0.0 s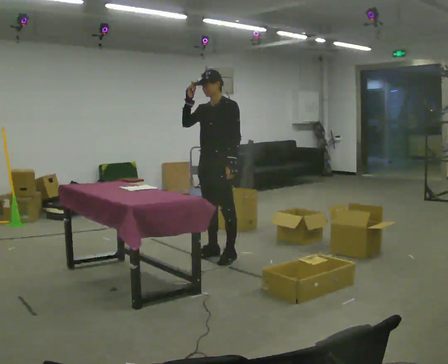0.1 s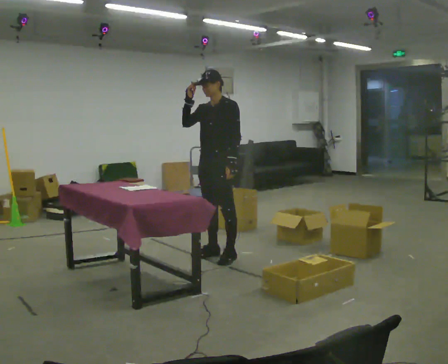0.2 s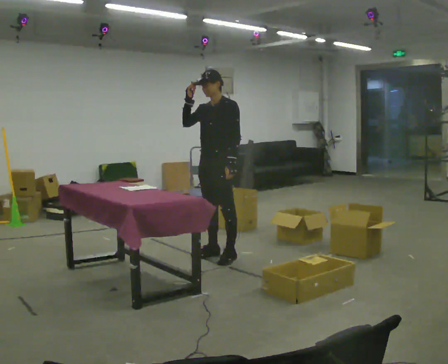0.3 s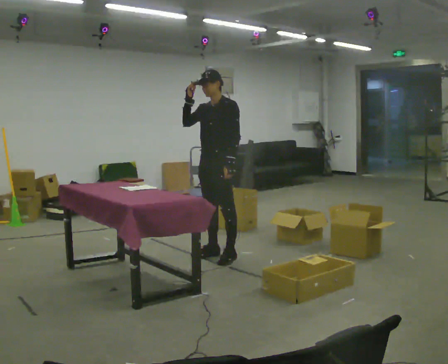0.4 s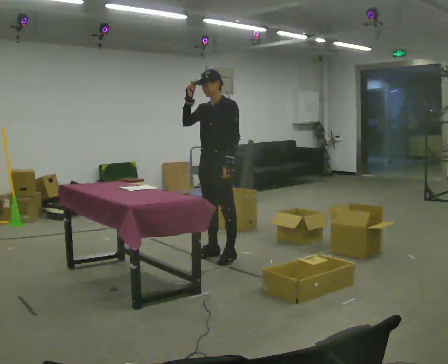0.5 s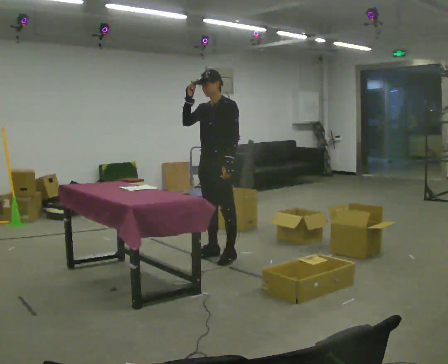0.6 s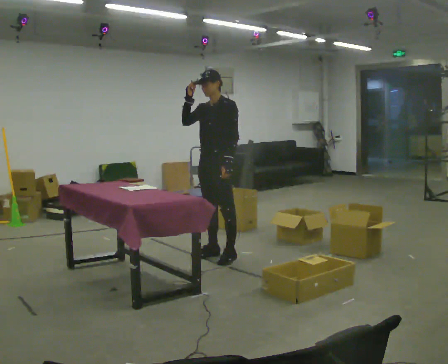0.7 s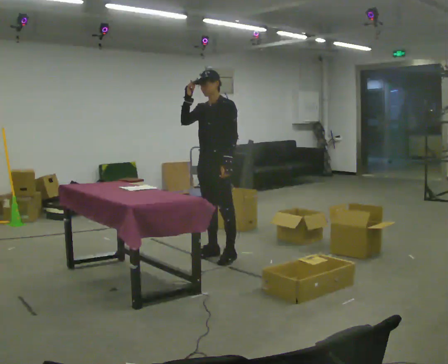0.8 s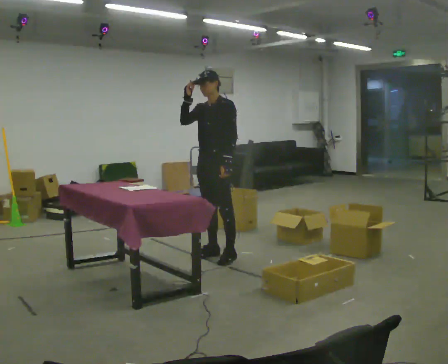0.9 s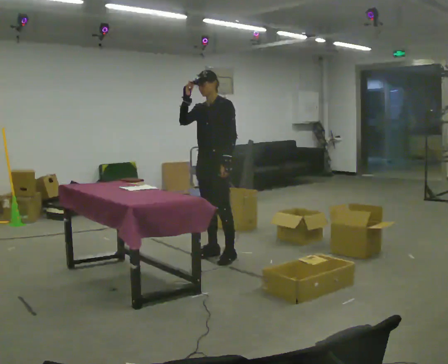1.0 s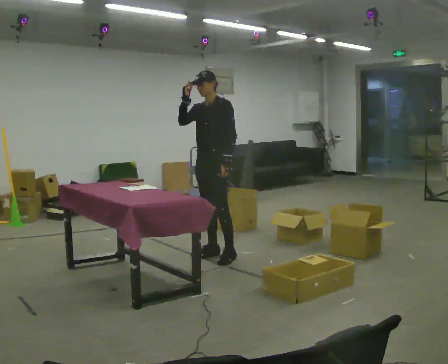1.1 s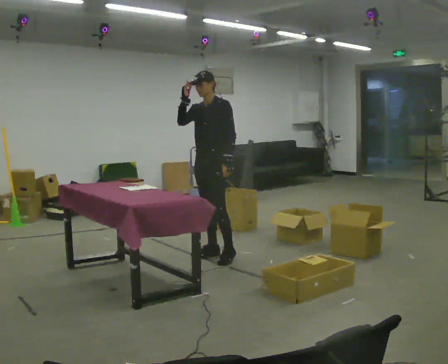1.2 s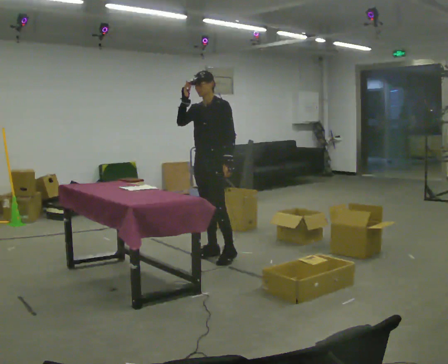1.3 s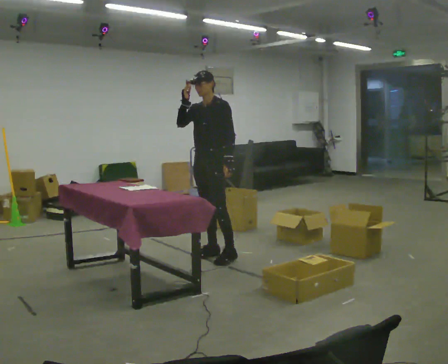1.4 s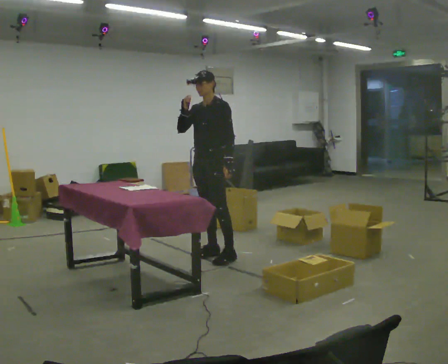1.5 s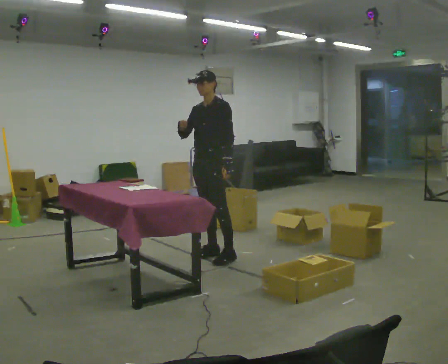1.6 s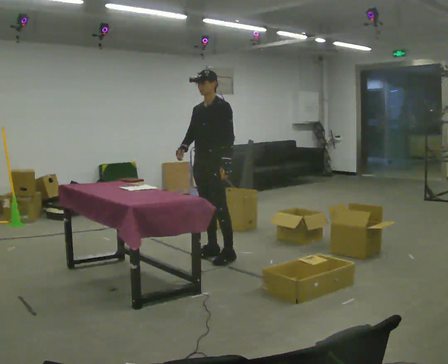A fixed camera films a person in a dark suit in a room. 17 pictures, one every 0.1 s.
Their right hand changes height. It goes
downward.
0.0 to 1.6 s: In the picture their right hand goes downward.
The film runs forward here.
